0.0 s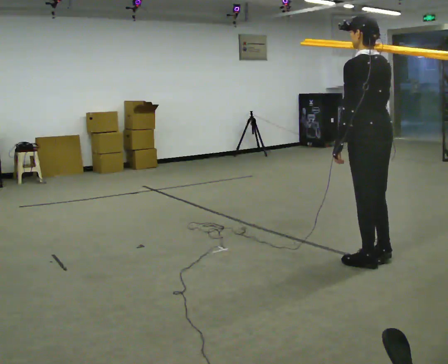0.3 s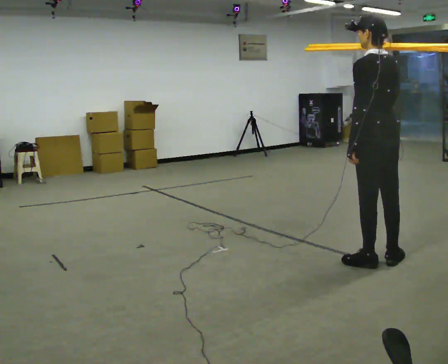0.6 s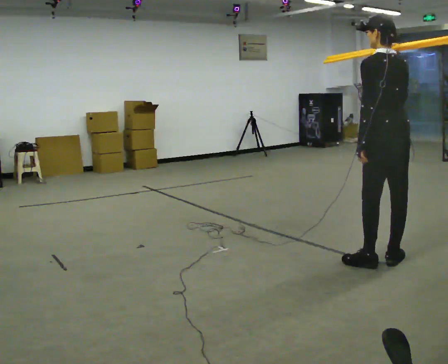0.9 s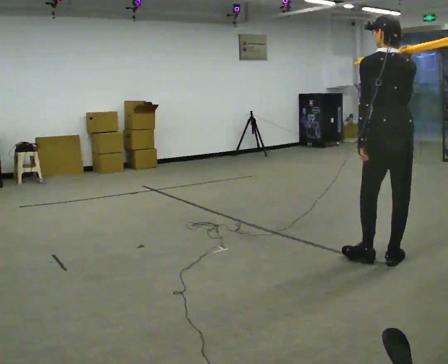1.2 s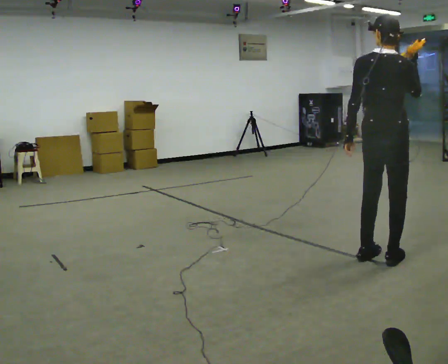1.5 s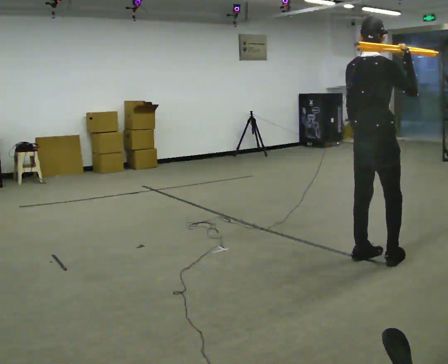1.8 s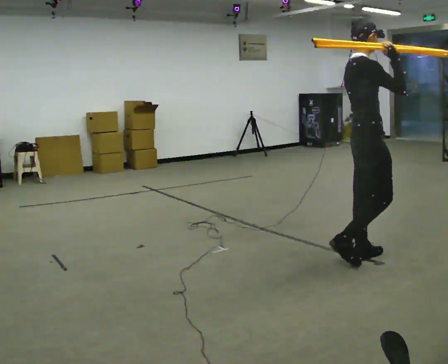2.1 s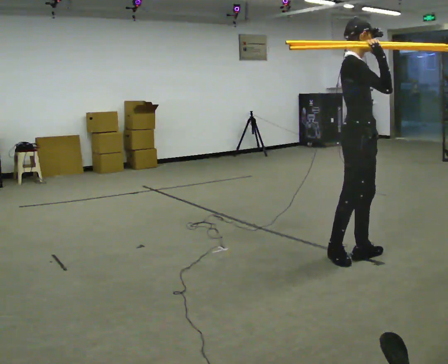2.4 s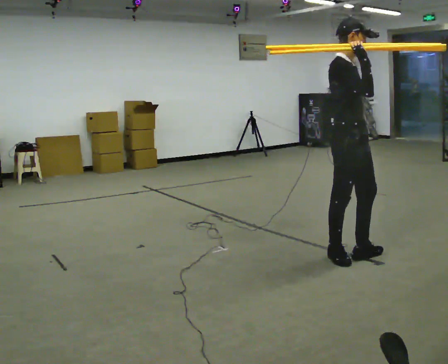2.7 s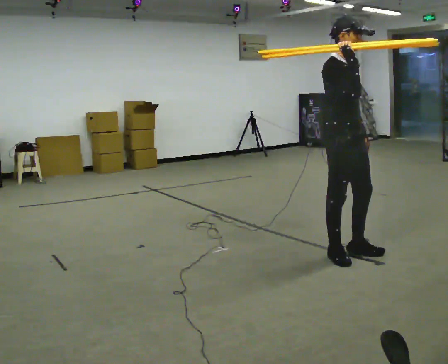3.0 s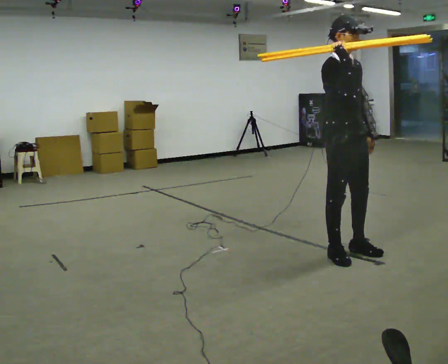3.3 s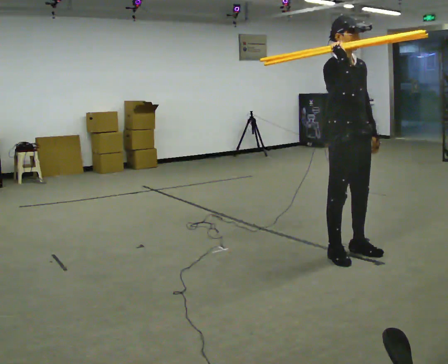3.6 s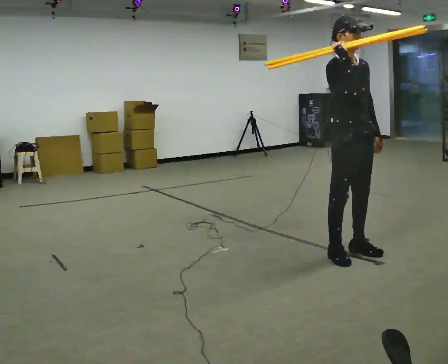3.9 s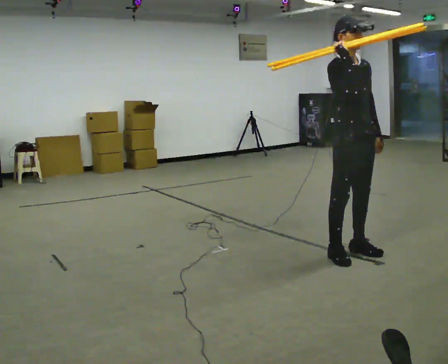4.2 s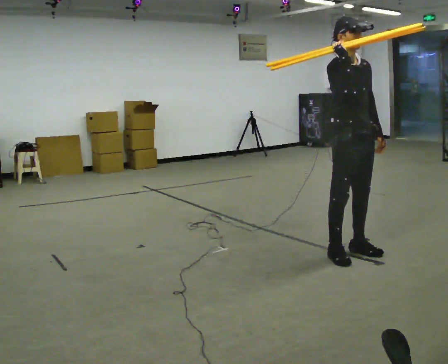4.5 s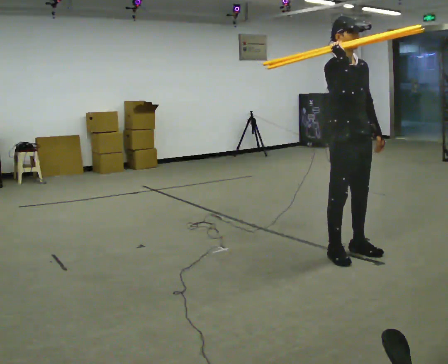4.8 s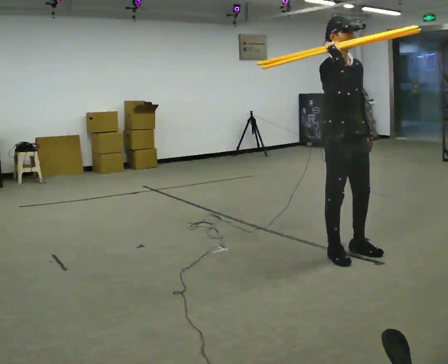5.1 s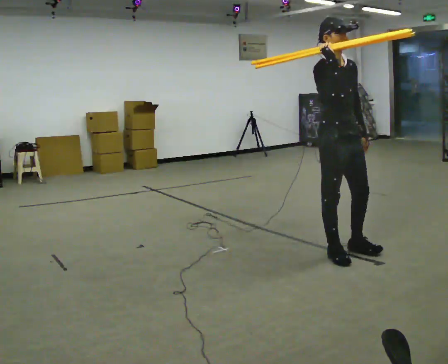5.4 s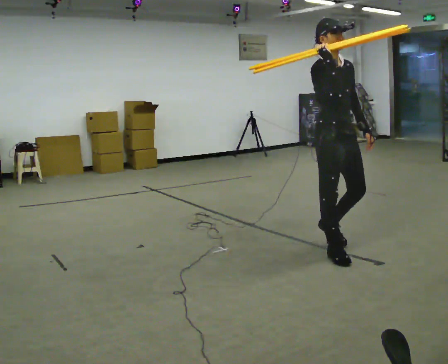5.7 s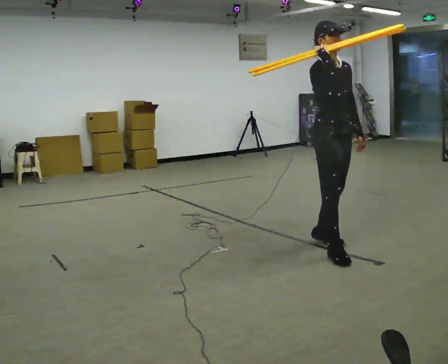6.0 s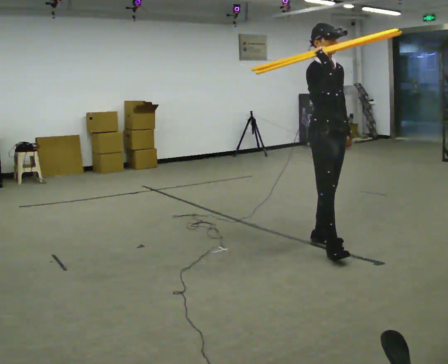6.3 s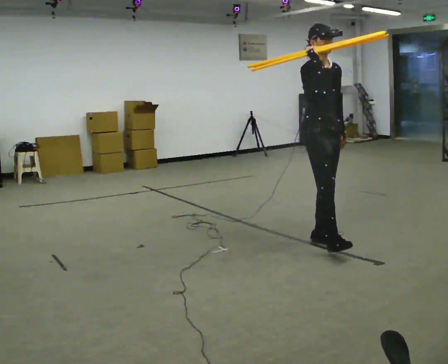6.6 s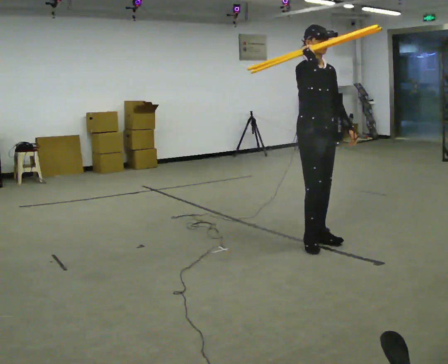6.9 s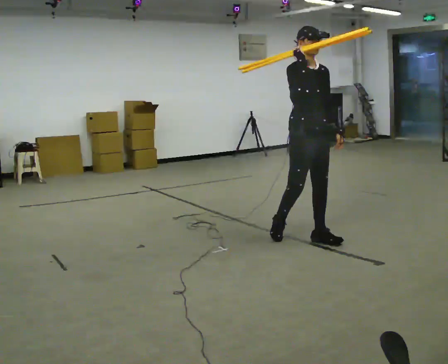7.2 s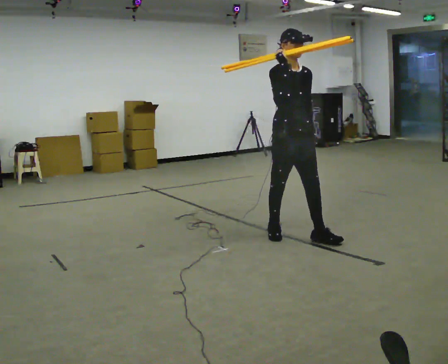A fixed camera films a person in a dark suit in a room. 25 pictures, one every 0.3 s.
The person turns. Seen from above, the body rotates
clockwise.
The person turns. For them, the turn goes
to their right.
0.0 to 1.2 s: The person turns about 45 degrees to their right, clockwise seen from above, so the part of the body nearest the lens slides to the left. In the picture their right hand goes to the right.
1.2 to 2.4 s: Seen from above the body turns clockwise, about 105 degrees: to their right, with its near side sliding to the left. In the picture they go to the left, about 0.25 m in 1 step.
2.4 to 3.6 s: Seen from above the body turns clockwise, about 30 degrees: to their right, with its near side sliding to the left.
3.6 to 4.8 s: The person moves a little, or ends about where they began.
4.8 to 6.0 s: In the picture they go away from the camera, about 0.25 m in 1 step, which for them is backward.
6.0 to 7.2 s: In the picture they go to the left and away from the camera, about 0.25 m in 1 step, which for them is backward.
The film runs backward here.
